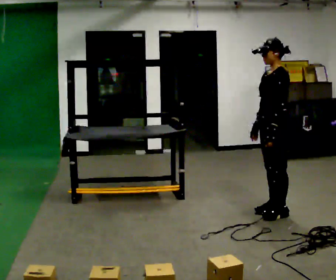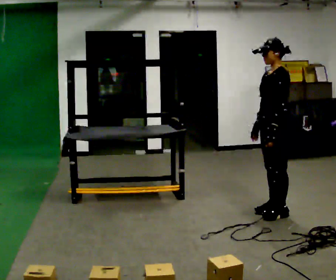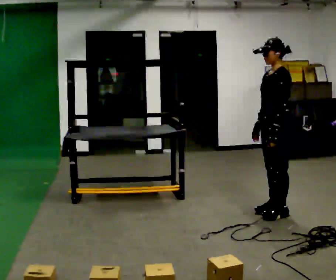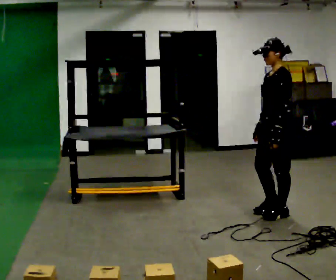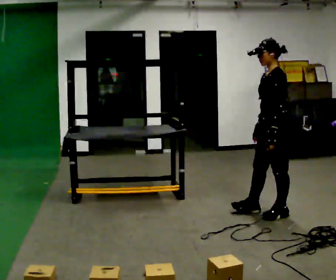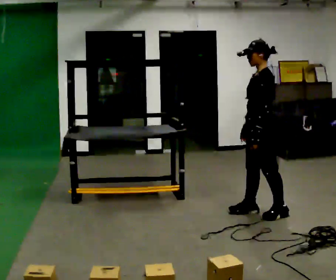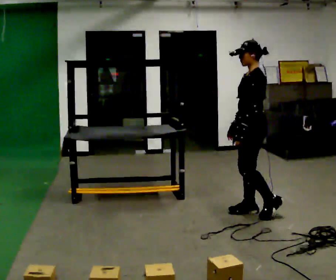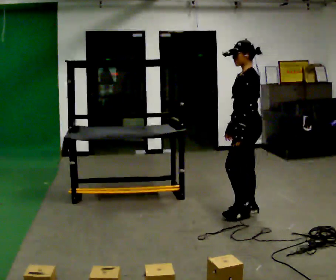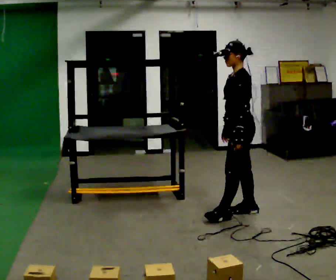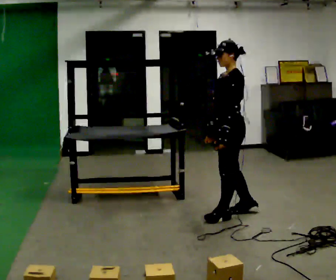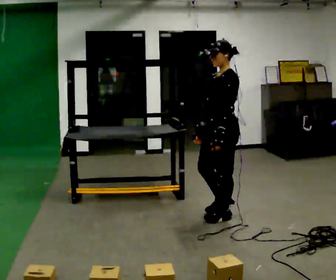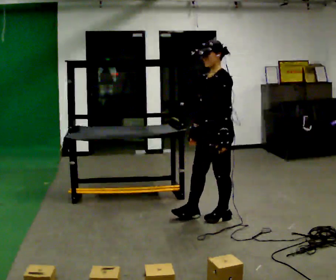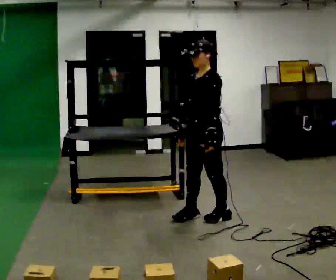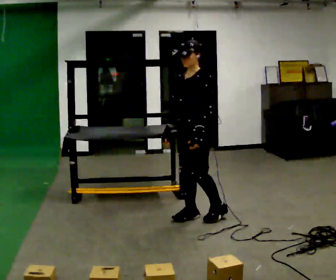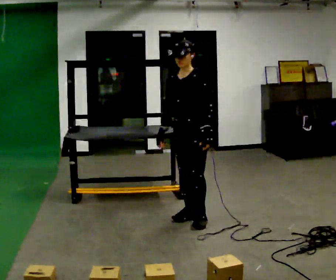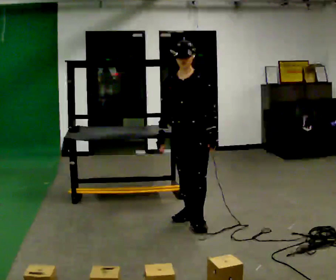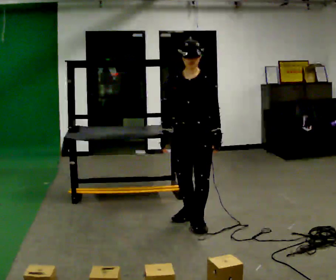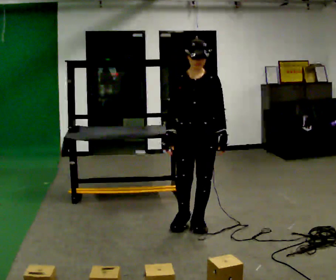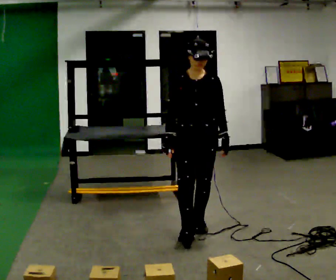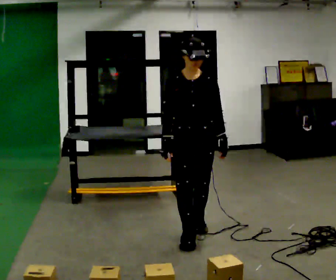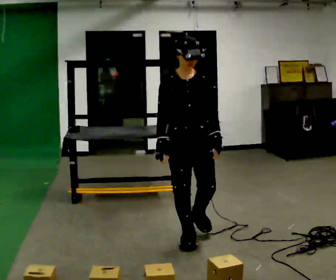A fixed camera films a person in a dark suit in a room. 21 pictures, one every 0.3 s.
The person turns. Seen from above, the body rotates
counterclockwise.
The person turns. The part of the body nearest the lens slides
to the right.
0.0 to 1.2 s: The person moves a little, or ends about where they began.
1.2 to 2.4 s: In the picture they go to the left, about 0.25 m in 2 steps, which for them is forward.
2.4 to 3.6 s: In the picture they go to the left, about 0.25 m in 1 step, which for them is forward.
3.6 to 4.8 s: Seen from above the body turns counterclockwise, about 45 degrees: to their left, with its near side sliding to the right. In the picture they go toward the camera, about 0.25 m in 1 step, which for them is forward.
4.8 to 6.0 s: In the picture they go toward the camera, about 0.5 m in 1 step, which for them is forward.
The film runs forward here.
